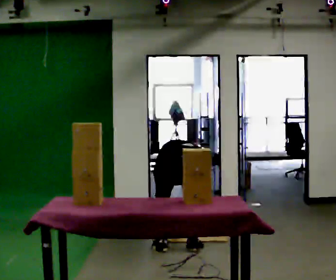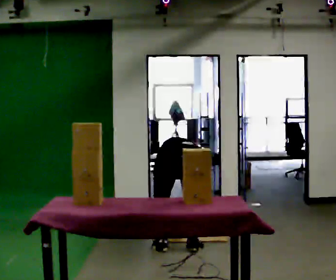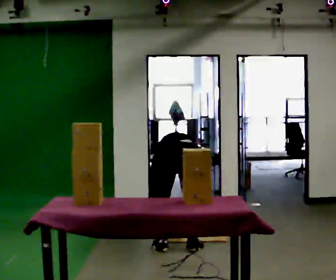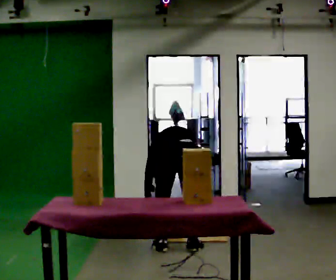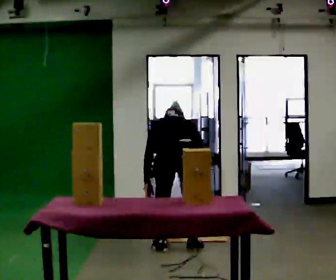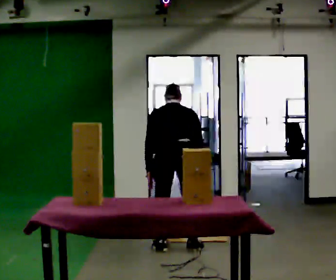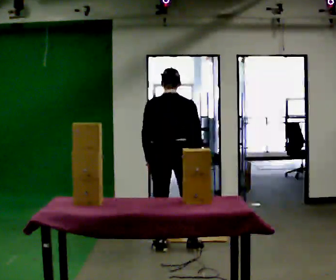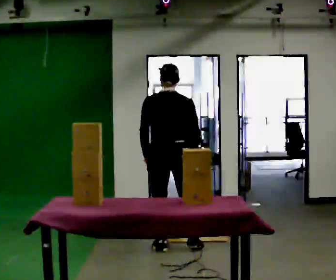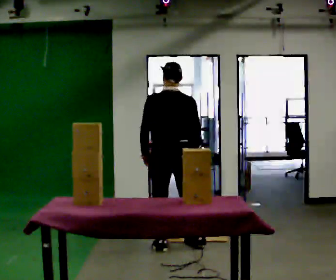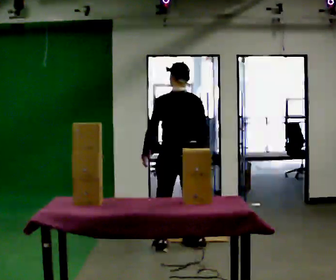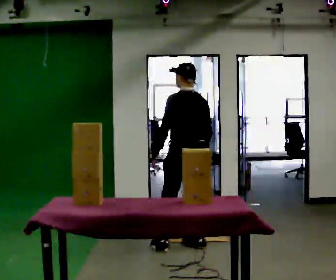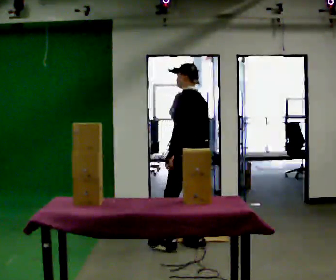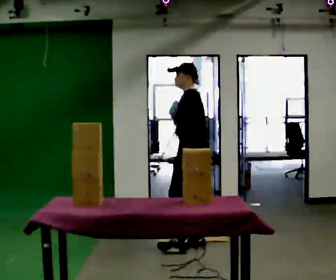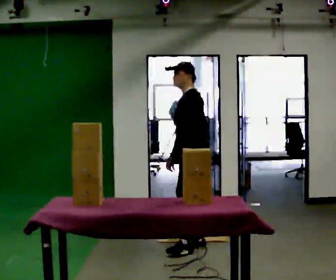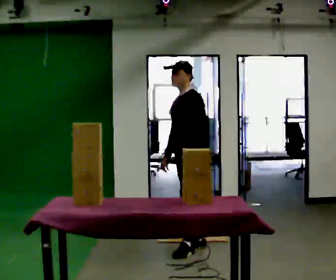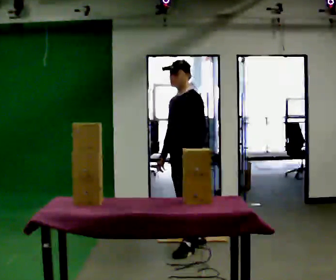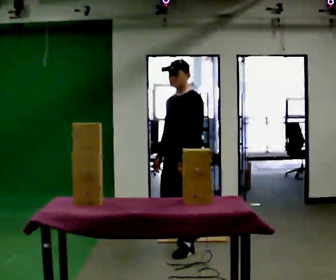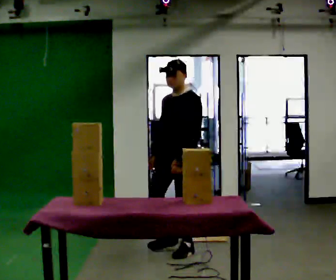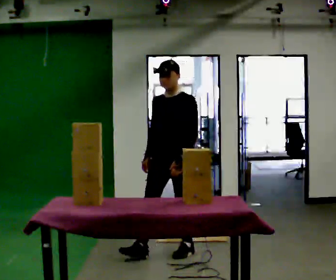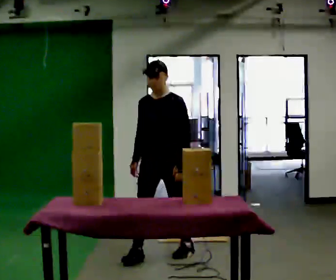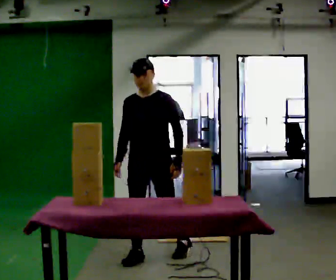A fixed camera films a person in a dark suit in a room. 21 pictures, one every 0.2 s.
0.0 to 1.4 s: In the picture they go away from the camera, about 0.25 m, which for them is forward. The shoulders move upward. The upper body tips toward the camera, its near side rolling downward, as they lean back or straighten. In the picture their right hand goes upward.
1.4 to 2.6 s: The person turns about 90 degrees to their left, counterclockwise seen from above, so the part of the body nearest the lens slides to the right. In the picture they go to the right, about 0.25 m in 1 step. In the picture their left hand goes to the right.
2.6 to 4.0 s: The part of the body nearest the lens slides to the right as the person turns to their left by about 60 degrees. In the picture they go toward the camera and to the left, about 0.5 m in 1 step.
The film runs forward here.
